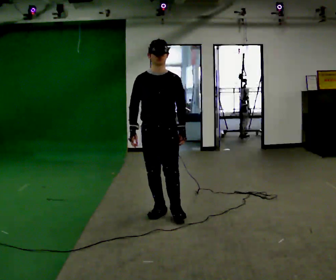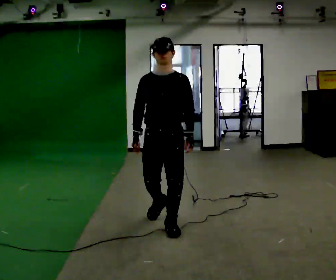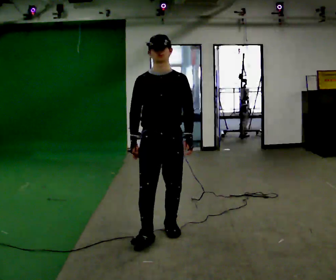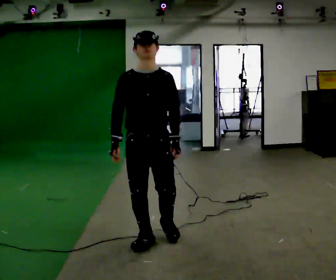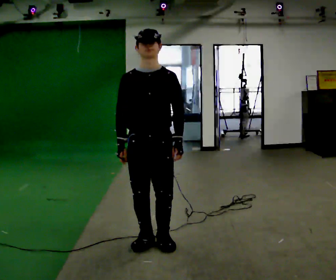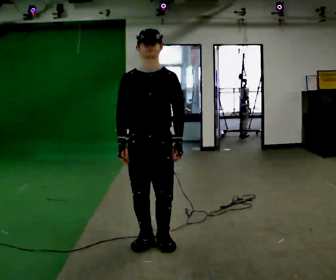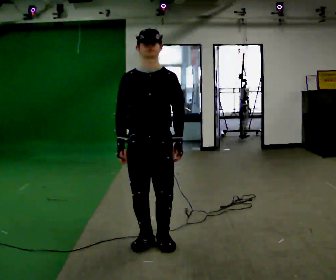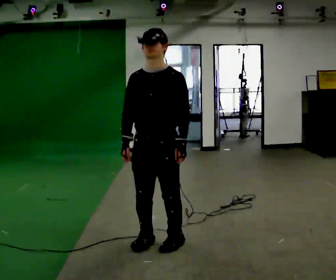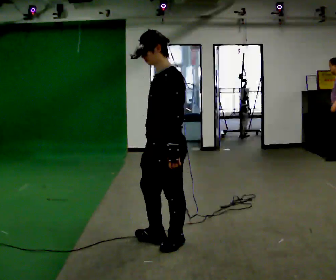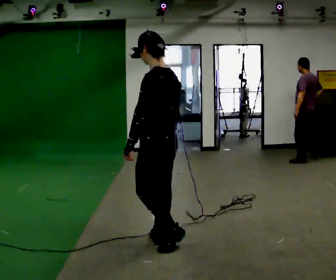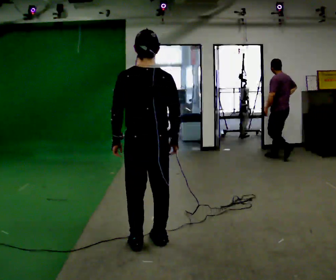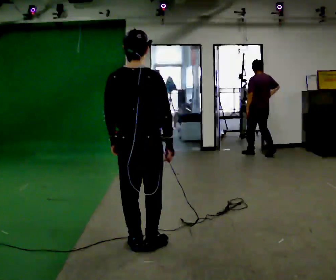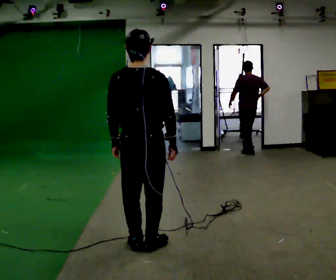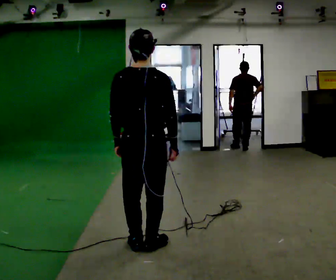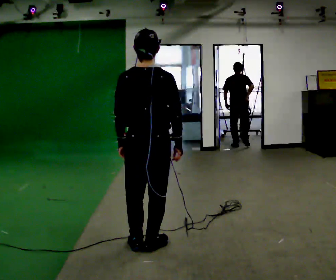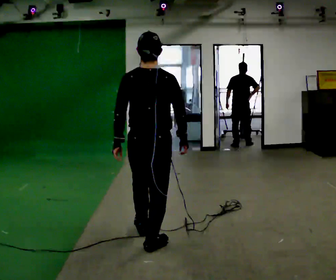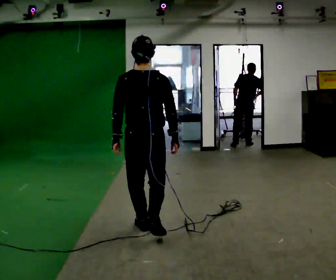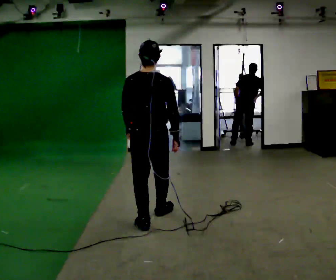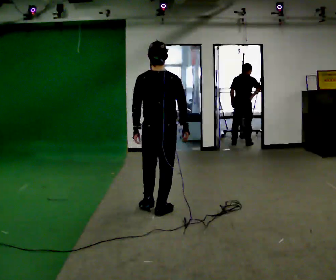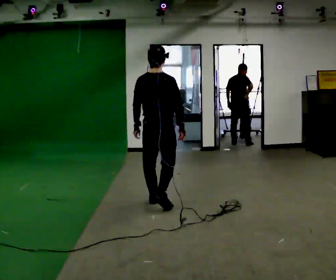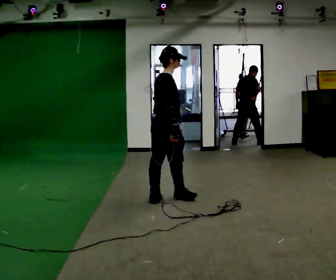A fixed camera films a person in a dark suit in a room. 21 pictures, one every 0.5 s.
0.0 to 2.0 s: In the picture they go toward the camera, about 1 m in 3 steps, which for them is forward.
2.0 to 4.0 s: The person turns about 75 degrees to their right, clockwise seen from above, so the part of the body nearest the lens slides to the left.
4.0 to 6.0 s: The part of the body nearest the lens slides to the left as the person turns to their right by about 120 degrees. In the picture they go to the left, about 0.25 m in 1 step. In the picture their left hand goes to the left.
6.0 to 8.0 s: In the picture they go away from the camera, about 0.25 m in 1 step, which for them is forward.
8.0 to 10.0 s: The part of the body nearest the lens slides to the left as the person turns to their right by about 60 degrees. In the picture they go away from the camera, about 1 m in 3 steps.
The film runs forward here.
